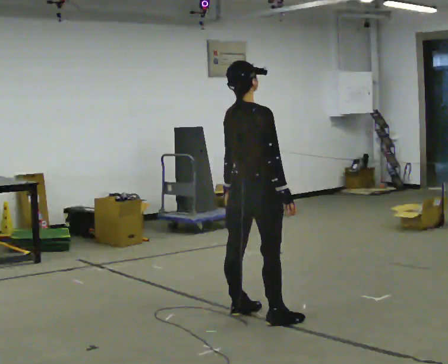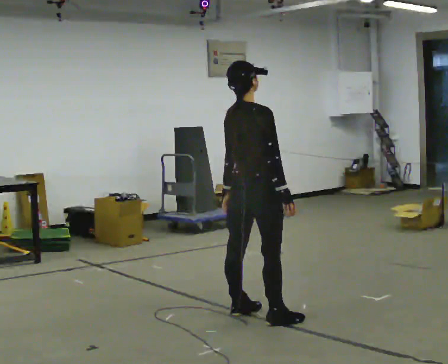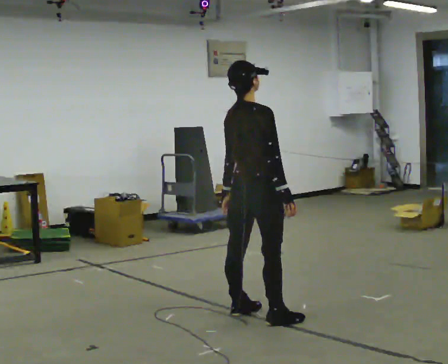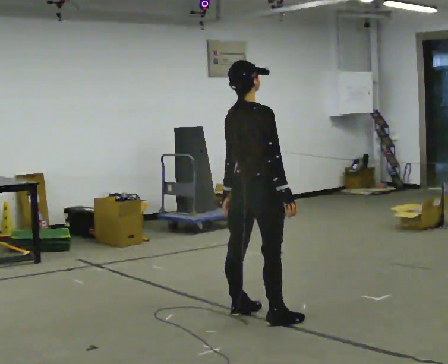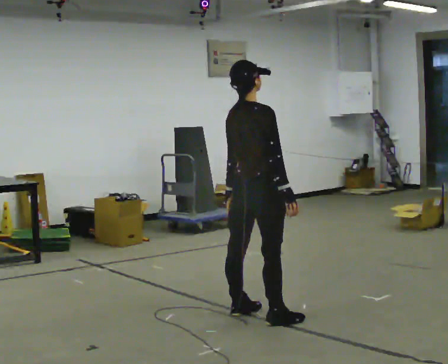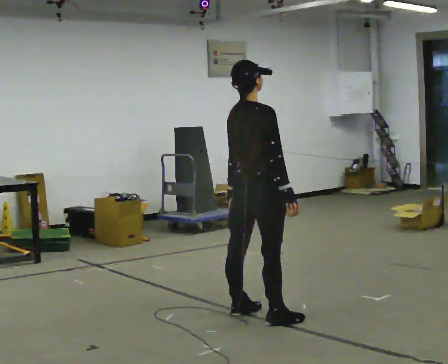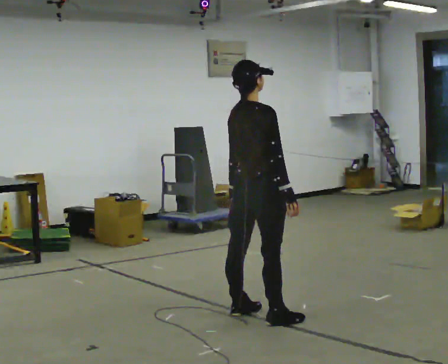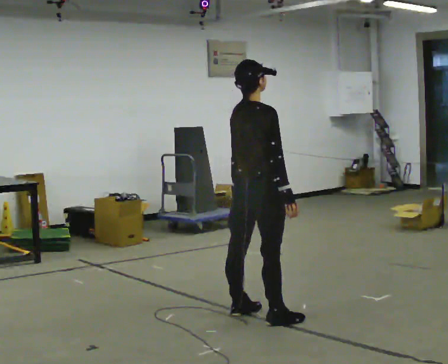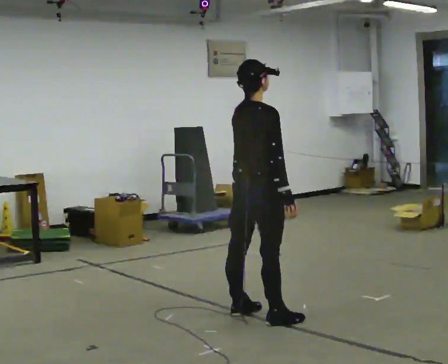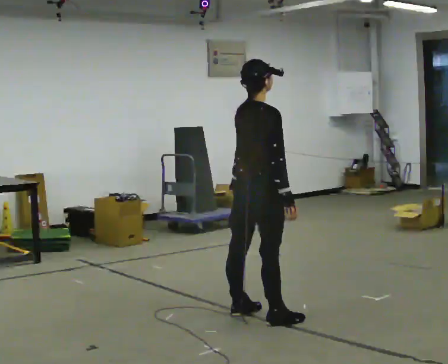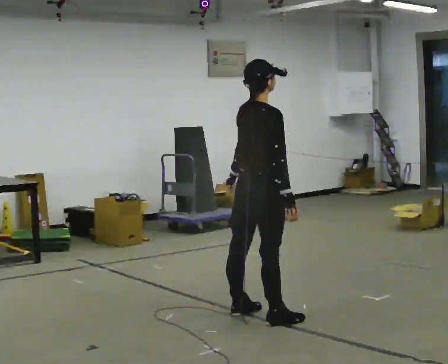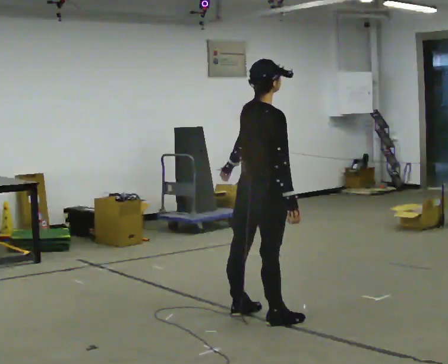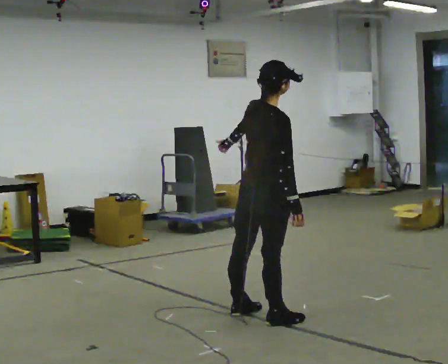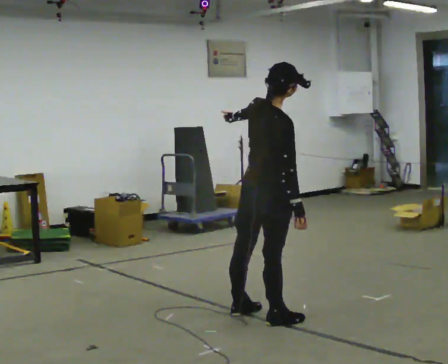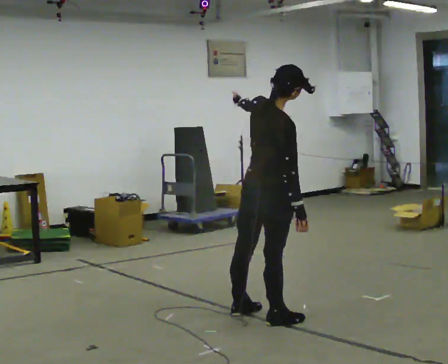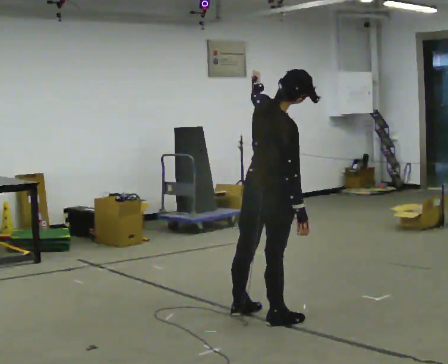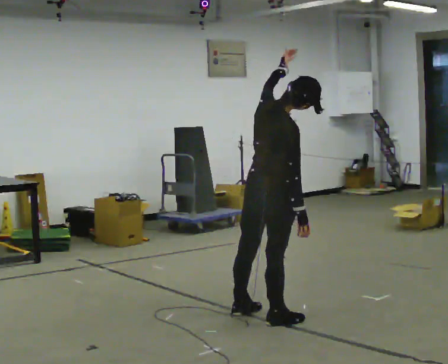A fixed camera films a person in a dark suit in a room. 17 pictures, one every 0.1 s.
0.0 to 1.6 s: In the picture the upper body tilts clockwise, shoulders to the right. In the picture their left hand goes upward and to the right.
The film runs forward here.
